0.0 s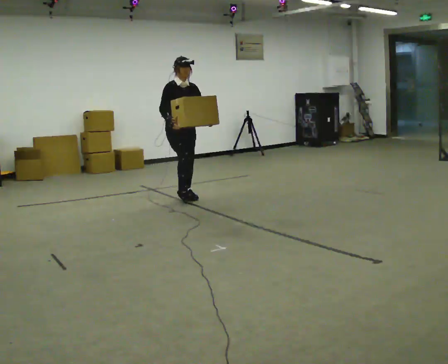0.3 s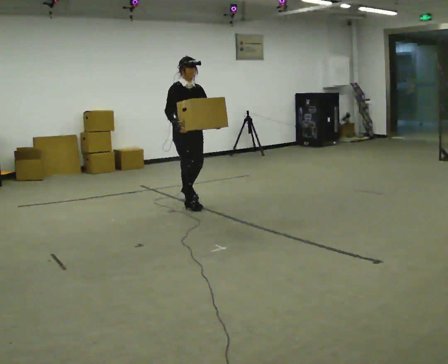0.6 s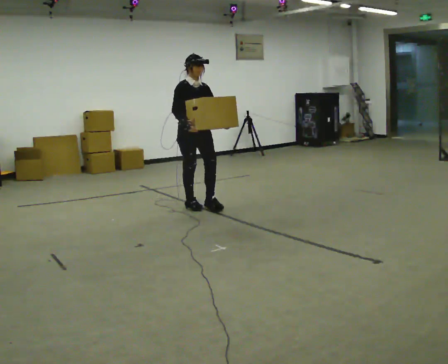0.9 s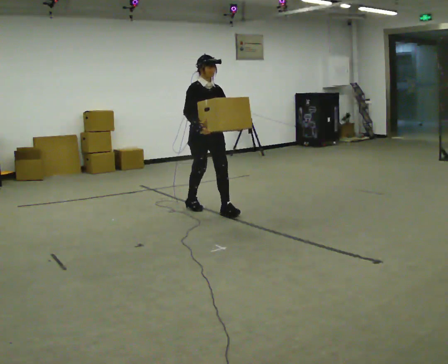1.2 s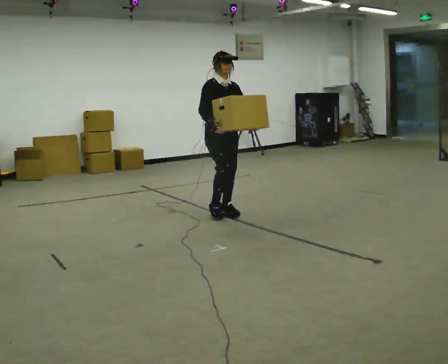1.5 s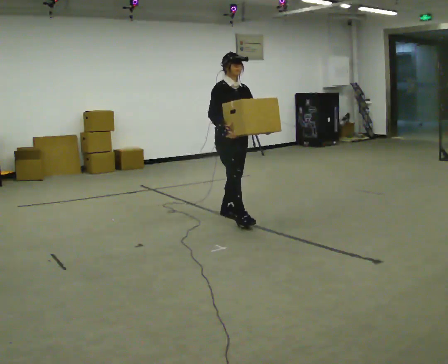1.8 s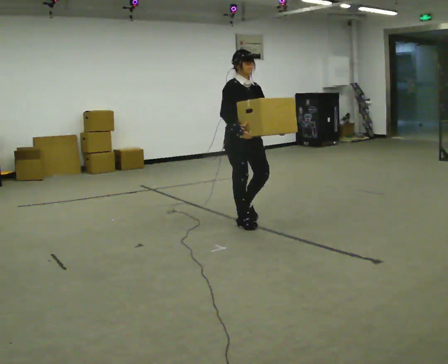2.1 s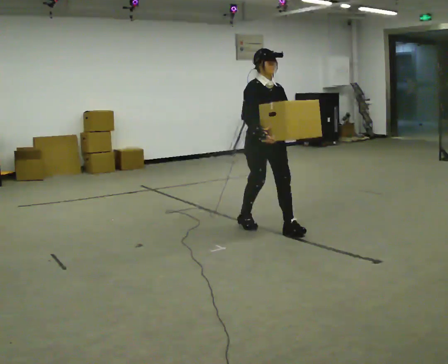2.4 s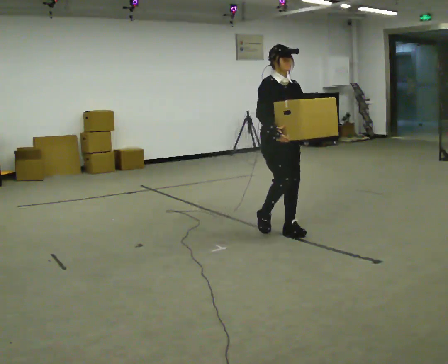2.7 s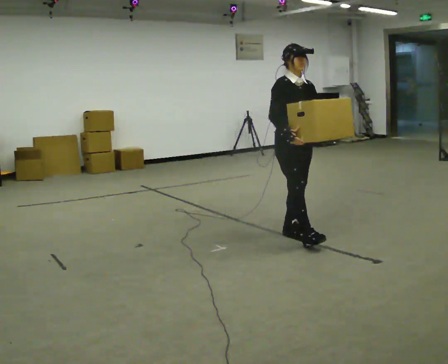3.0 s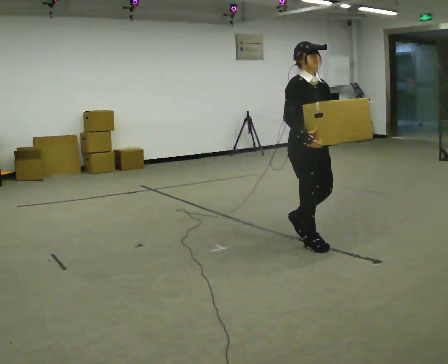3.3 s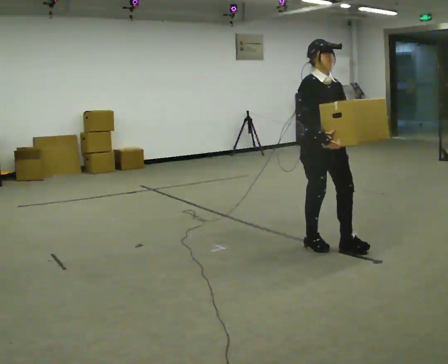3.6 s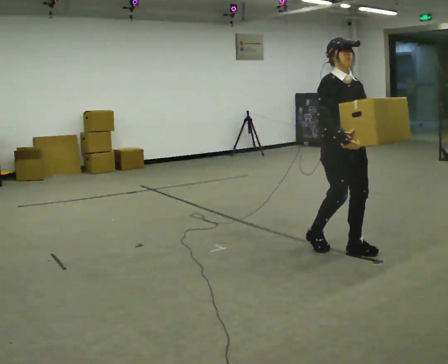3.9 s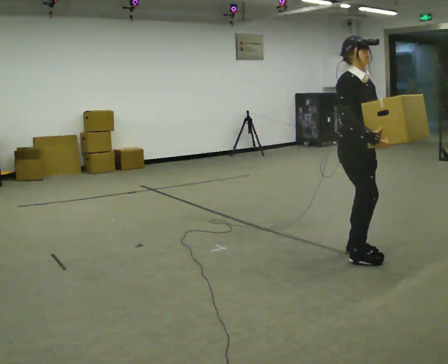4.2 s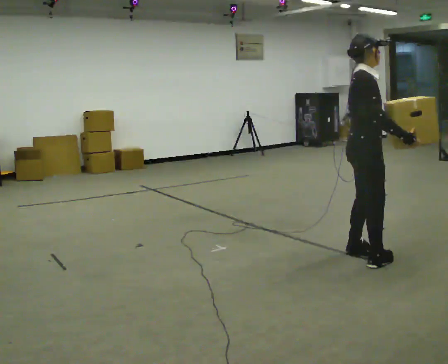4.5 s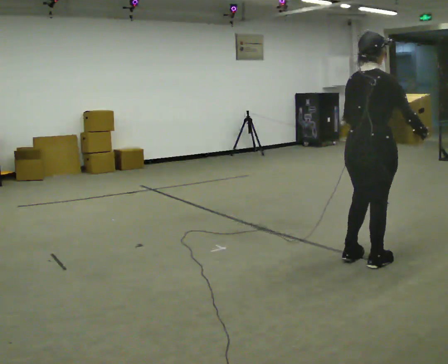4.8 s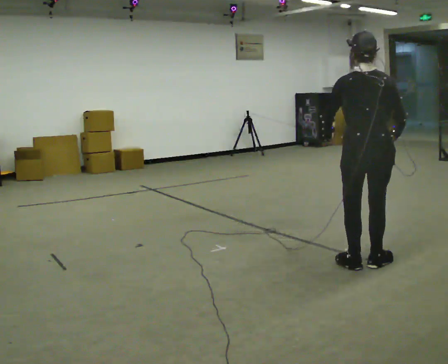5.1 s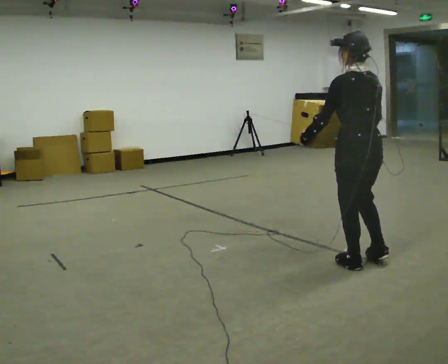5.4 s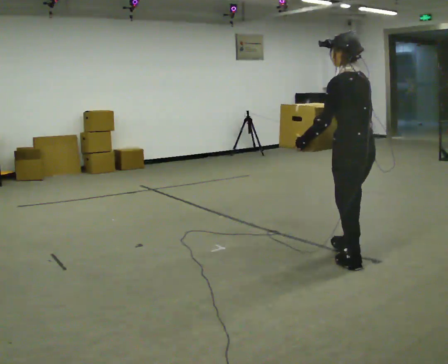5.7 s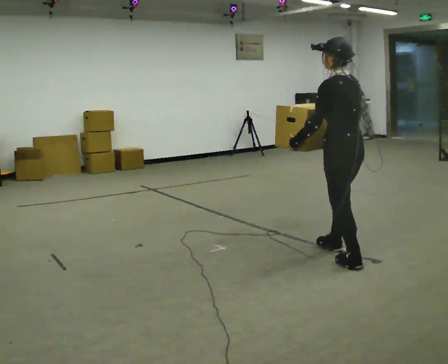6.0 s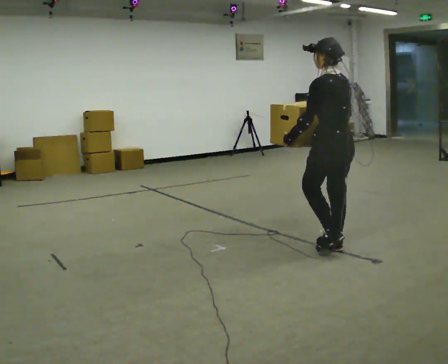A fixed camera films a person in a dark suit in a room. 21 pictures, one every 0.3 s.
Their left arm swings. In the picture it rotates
clockwise.
The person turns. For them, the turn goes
to their left.
0.0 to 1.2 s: In the picture they go toward the camera and to the right, about 1 m in 2 steps, which for them is forward.
1.2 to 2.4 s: In the picture they go to the right and toward the camera, about 1 m in 2 steps, which for them is forward.
2.4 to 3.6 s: In the picture they go toward the camera and to the right, about 0.5 m in 2 steps, which for them is forward.
3.6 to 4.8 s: The person turns about 150 degrees to their left, counterclockwise seen from above, so the part of the body nearest the lens slides to the right. In the picture they go toward the camera, about 0.5 m in 2 steps.
4.8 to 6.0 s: Seen from above the body turns counterclockwise, about 45 degrees: to their left, with its near side sliding to the right. In the picture they go away from the camera and to the left, about 0.5 m in 1 step, which for them is forward.
The film runs forward here.
